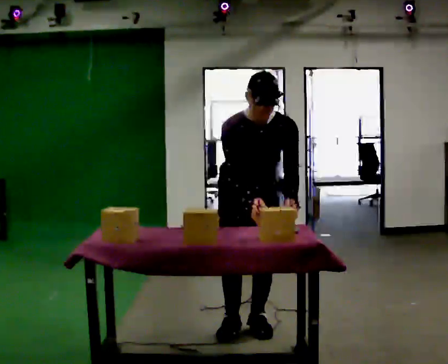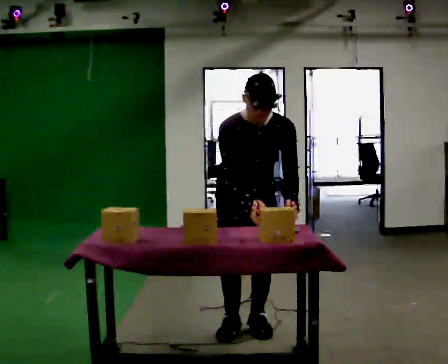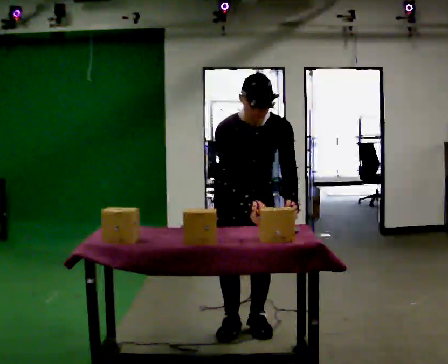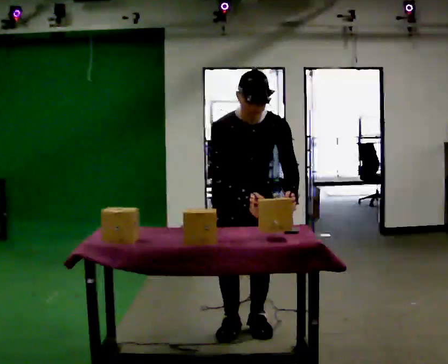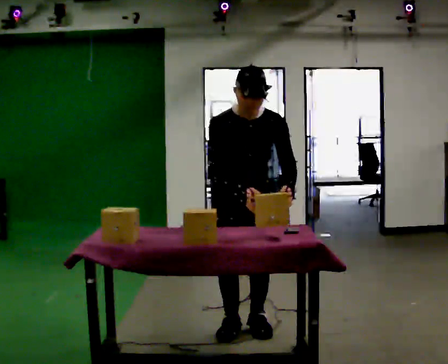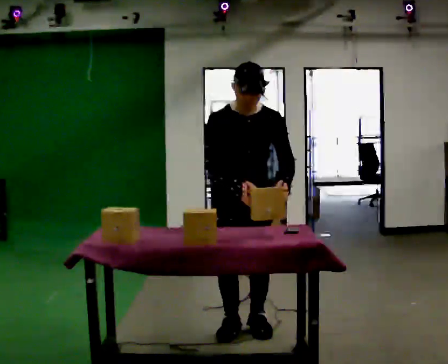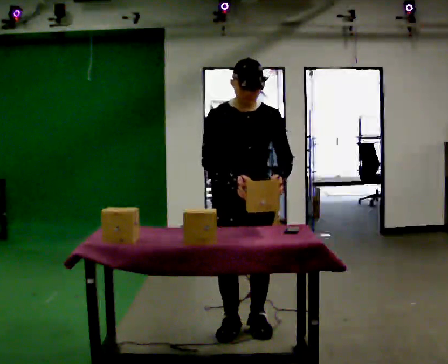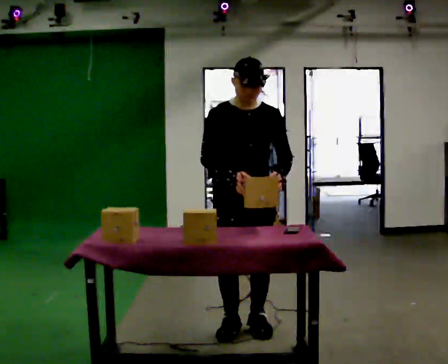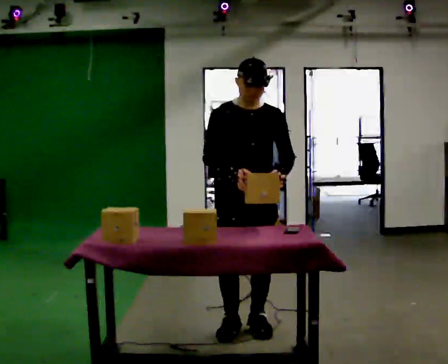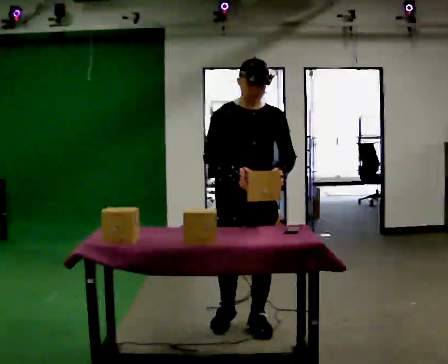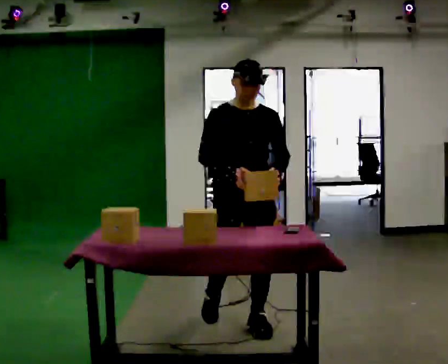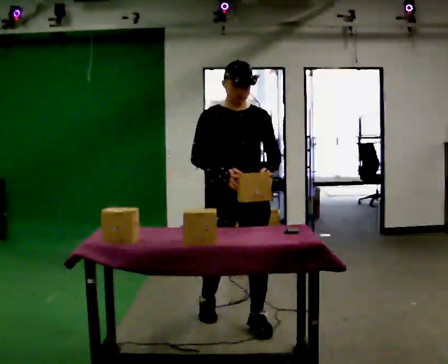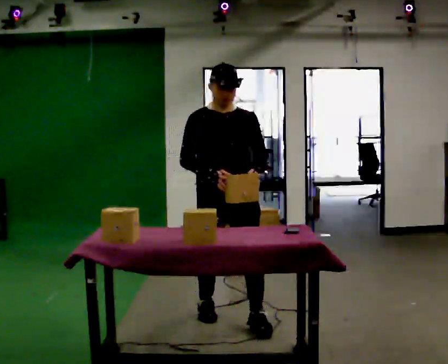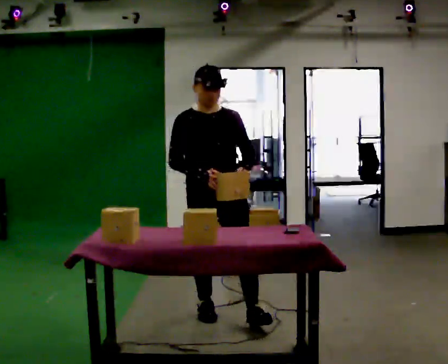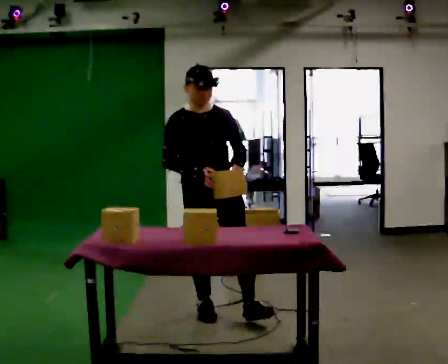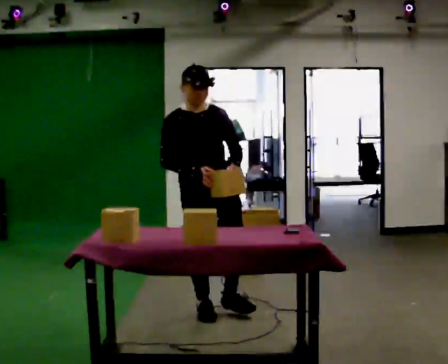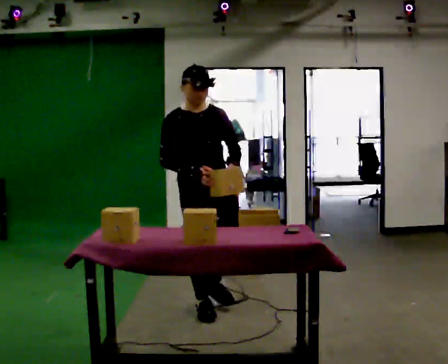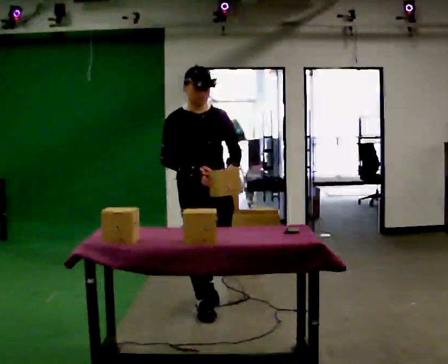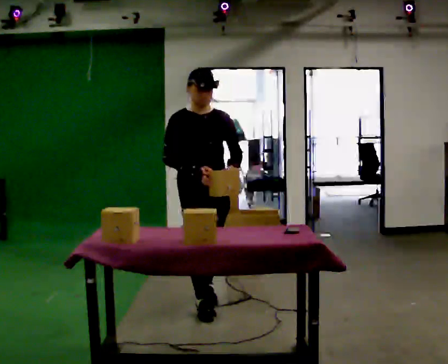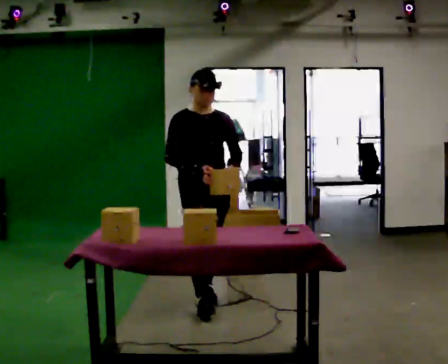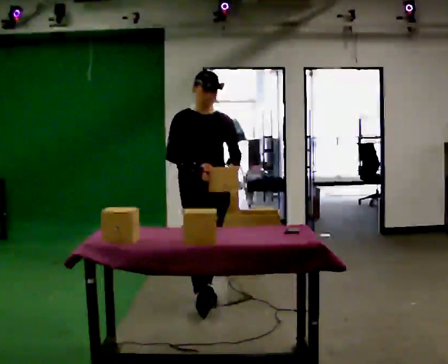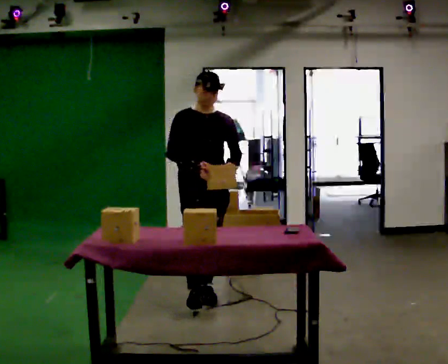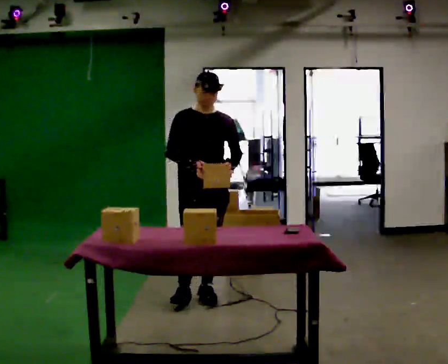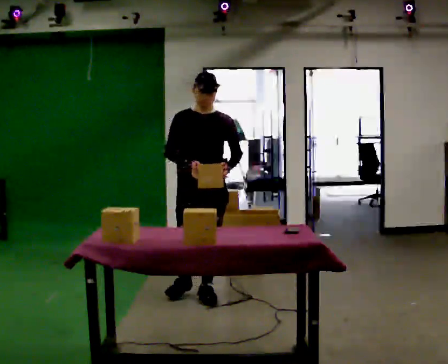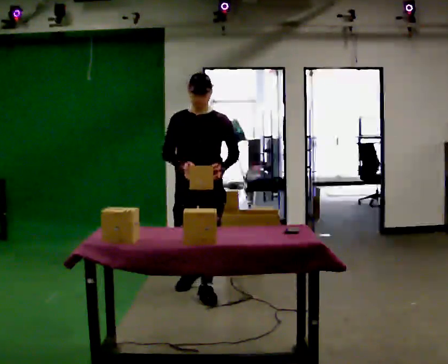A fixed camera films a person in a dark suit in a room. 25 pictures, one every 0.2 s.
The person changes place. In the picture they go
away from the camera.
0.0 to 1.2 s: The upper body tips away from the camera, its near side rolling upward, as they lean back or straighten.
1.2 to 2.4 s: In the picture they go away from the camera, about 0.25 m in 1 step, which for them is backward.
2.4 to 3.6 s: In the picture they go away from the camera and to the left, about 0.5 m in 1 step, which for them is backward.
3.6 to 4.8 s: The part of the body nearest the lens slides to the left as the person turns to their right by about 30 degrees. In the picture they go away from the camera, about 0.5 m in 1 step, which for them is backward.
The film runs backward here.
